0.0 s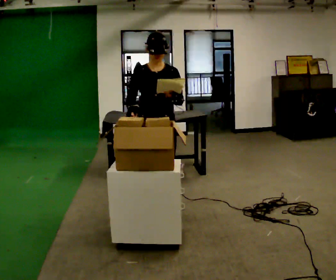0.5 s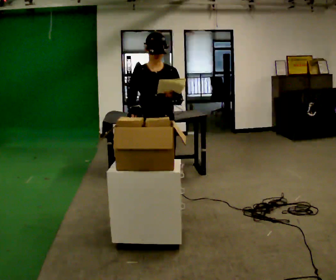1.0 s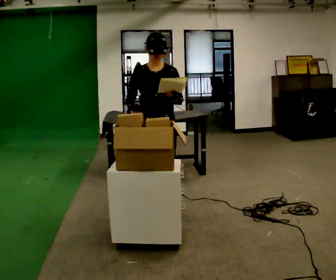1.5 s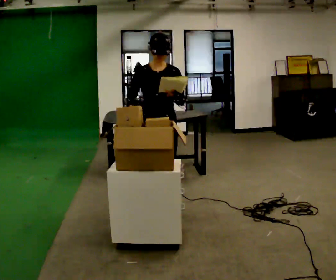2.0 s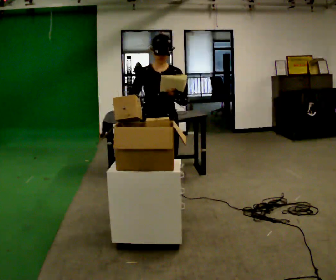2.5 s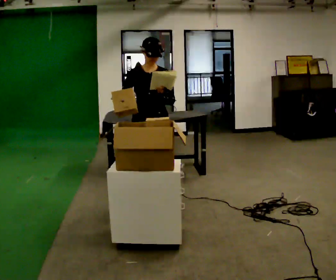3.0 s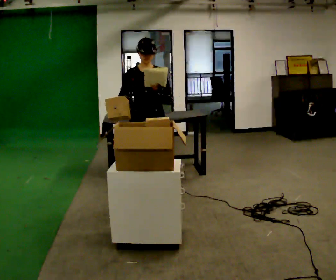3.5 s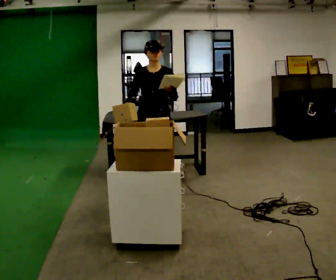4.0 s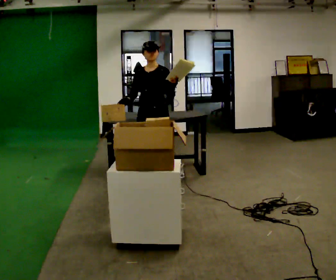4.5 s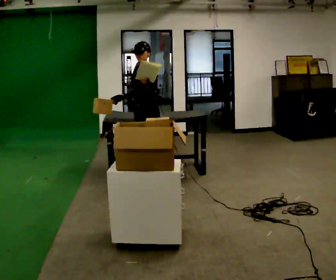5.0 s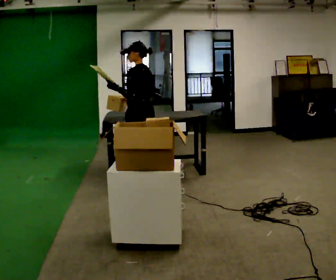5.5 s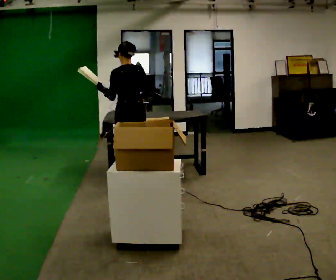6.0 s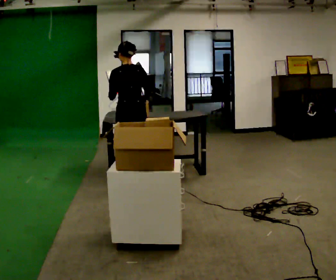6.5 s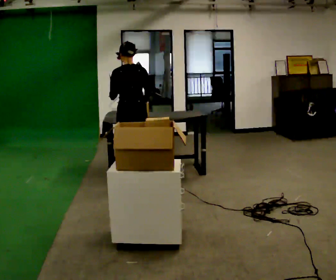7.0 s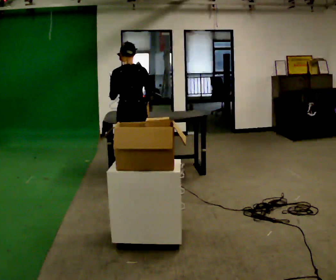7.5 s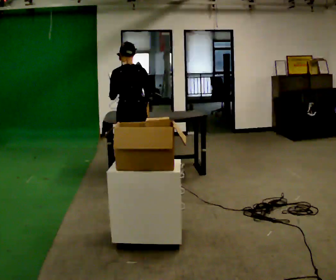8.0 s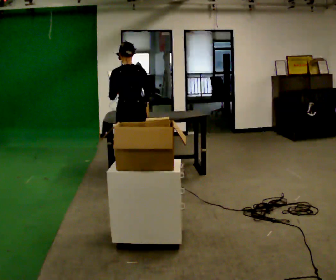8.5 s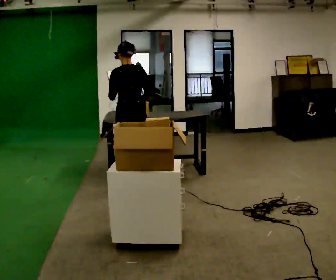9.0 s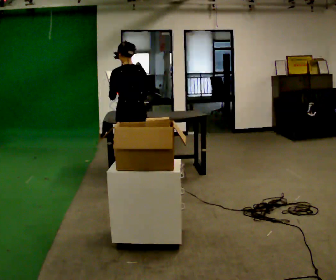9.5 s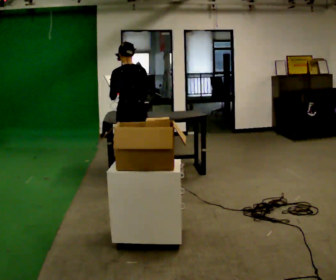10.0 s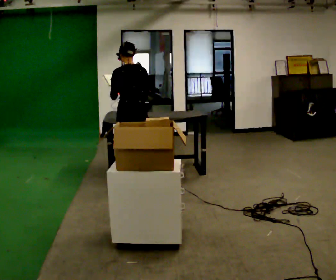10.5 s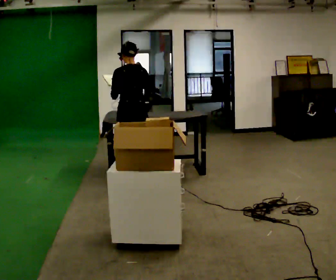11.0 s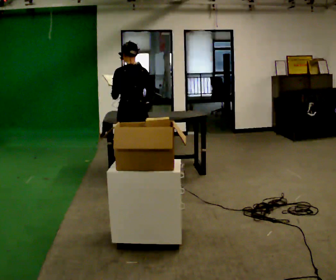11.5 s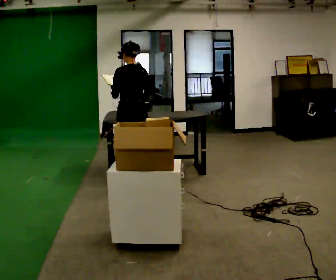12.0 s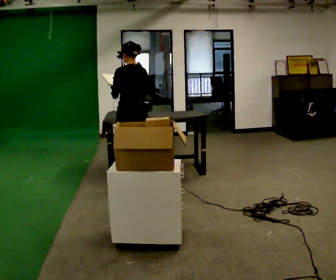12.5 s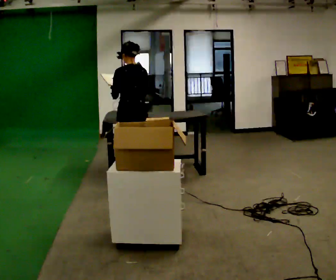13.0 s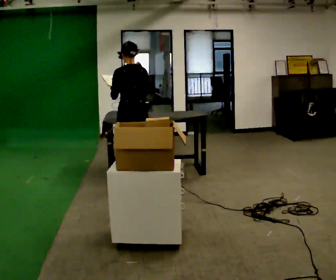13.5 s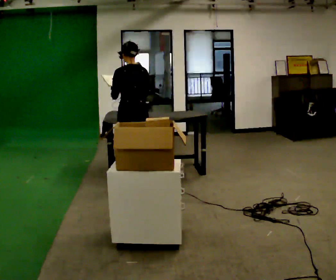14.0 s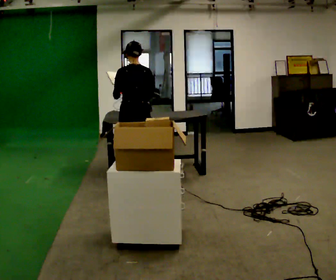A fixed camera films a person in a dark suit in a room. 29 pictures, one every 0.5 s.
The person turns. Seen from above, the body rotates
clockwise.
The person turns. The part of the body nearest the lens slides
to the left.
0.0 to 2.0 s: The person moves a little, or ends about where they began.
2.0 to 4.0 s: In the picture they go away from the camera, about 0.75 m in 2 steps, which for them is backward.
4.0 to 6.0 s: Seen from above the body turns clockwise, about 135 degrees: to their right, with its near side sliding to the left. In the picture they go to the left, about 0.25 m in 2 steps.
6.0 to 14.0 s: The person moves a little, or ends about where they began.
The film runs backward here.
